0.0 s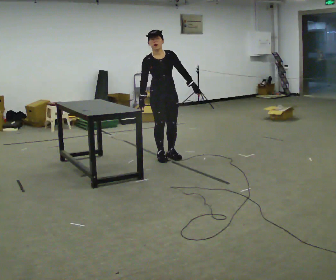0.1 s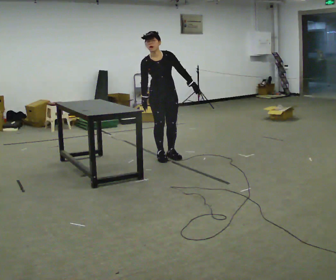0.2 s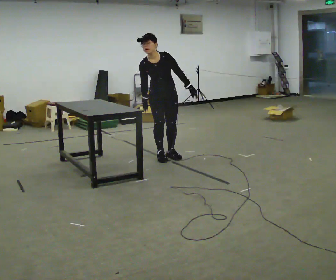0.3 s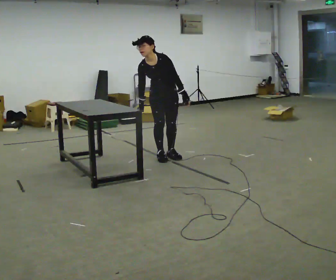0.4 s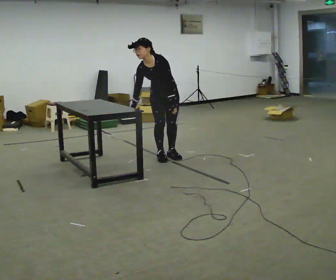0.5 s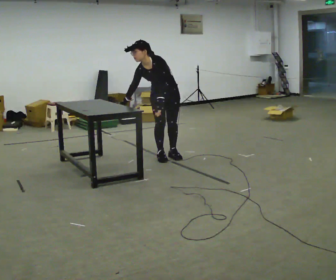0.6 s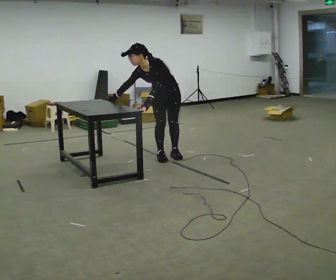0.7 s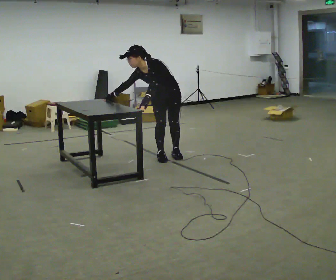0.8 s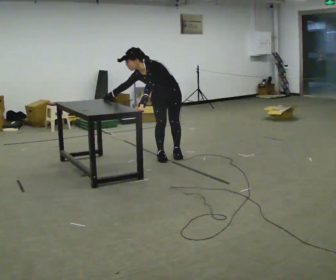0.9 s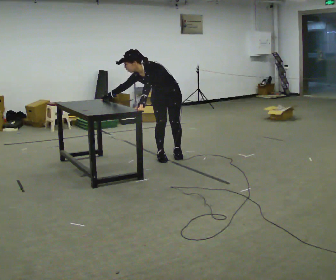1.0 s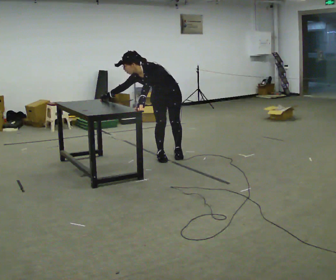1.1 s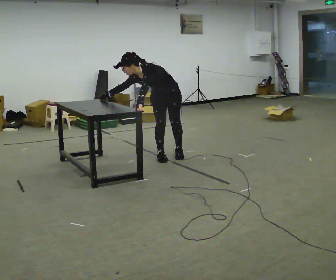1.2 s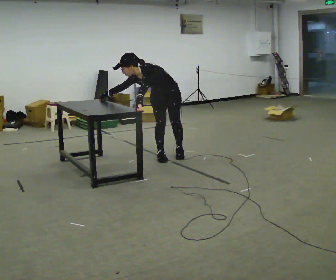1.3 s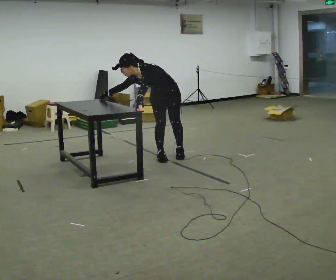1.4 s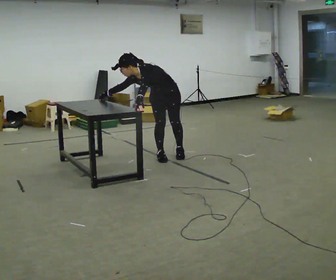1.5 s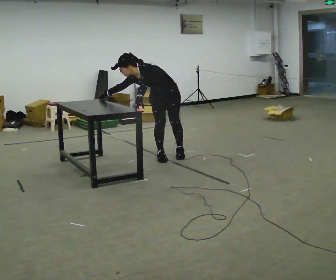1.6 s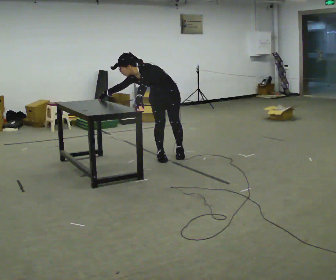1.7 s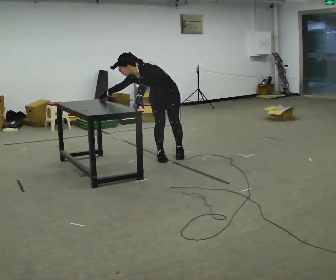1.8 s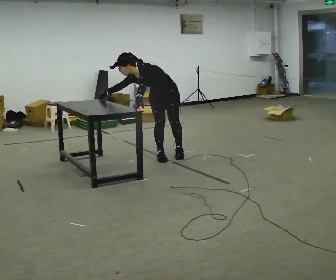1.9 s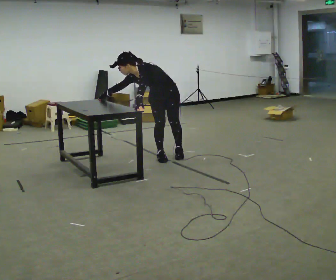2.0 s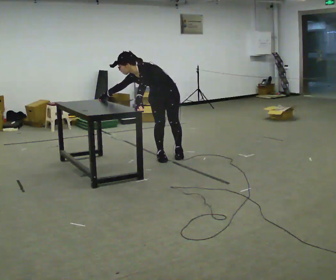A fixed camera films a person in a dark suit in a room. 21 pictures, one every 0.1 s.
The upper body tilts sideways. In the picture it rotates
counterclockwise.
0.0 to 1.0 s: The part of the body nearest the lens slides to the left as the person turns to their right by about 45 degrees. The shoulders move downward. In the picture the upper body tilts counterclockwise, shoulders to the left, as they bend forward. In the picture their left hand goes to the left.
1.0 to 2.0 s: The person moves a little, or ends about where they began.
The film runs backward here.
